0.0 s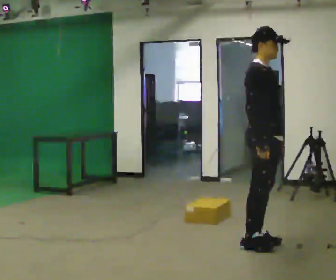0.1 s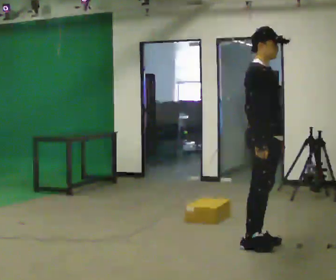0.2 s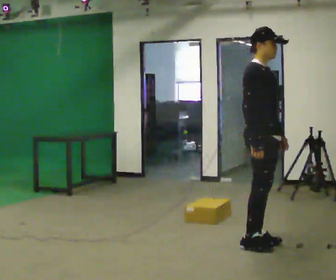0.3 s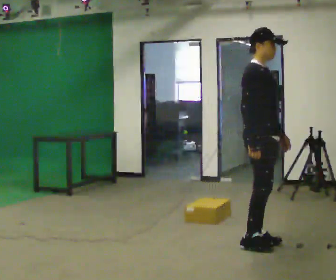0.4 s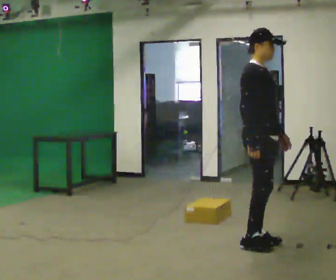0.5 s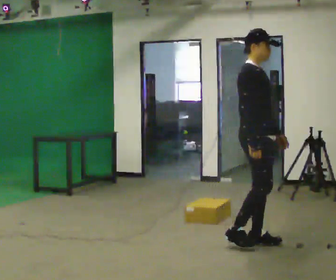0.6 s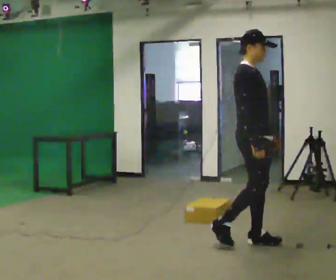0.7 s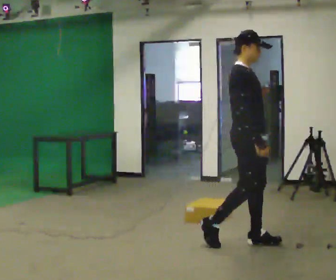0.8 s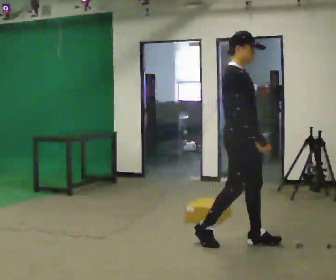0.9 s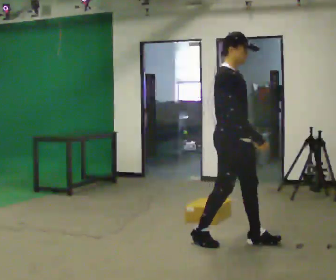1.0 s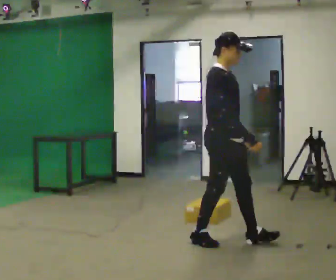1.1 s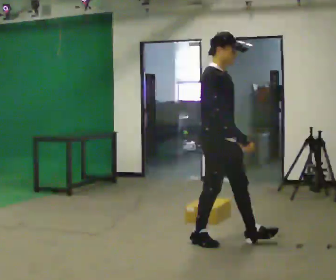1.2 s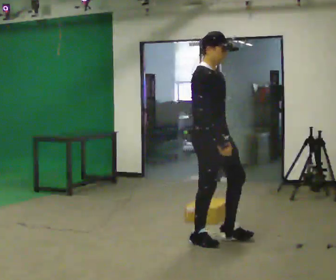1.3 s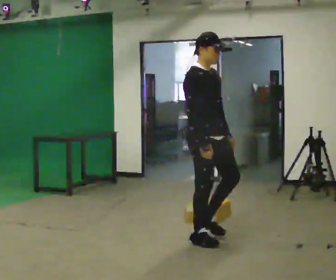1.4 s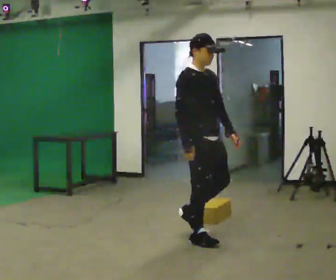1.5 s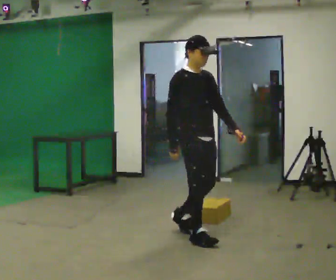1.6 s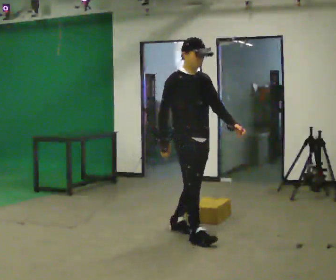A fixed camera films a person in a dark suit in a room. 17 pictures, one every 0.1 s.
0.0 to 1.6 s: In the picture they go to the left and away from the camera, about 0.5 m in 2 steps, which for them is backward.
The film runs backward here.
